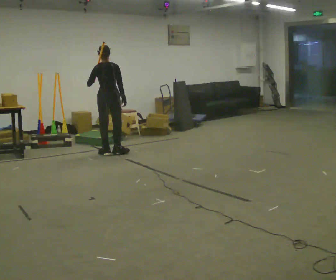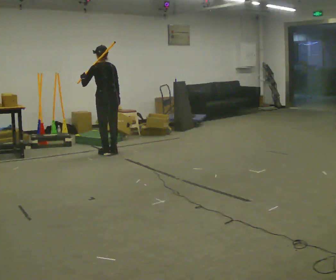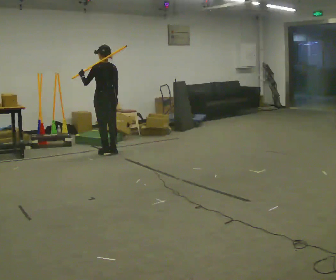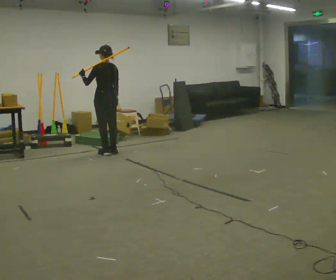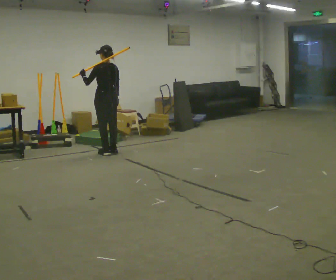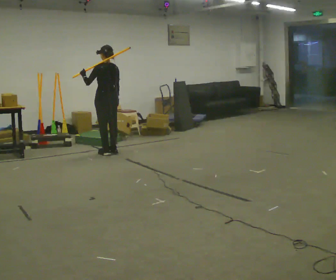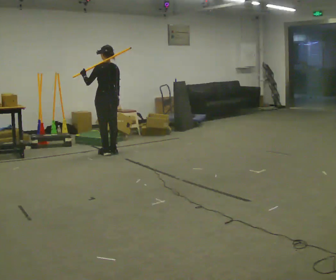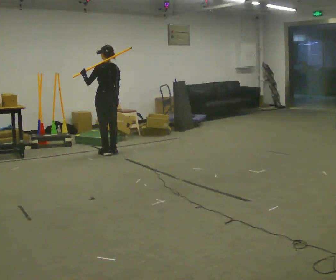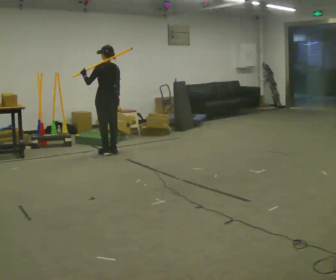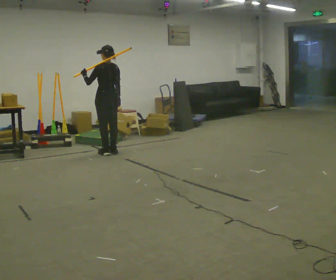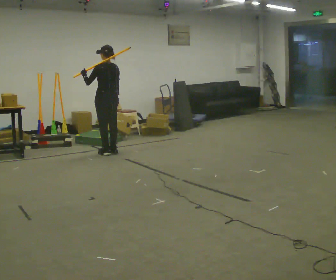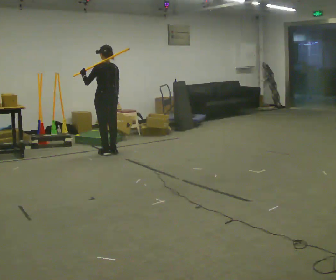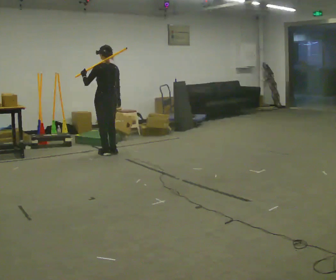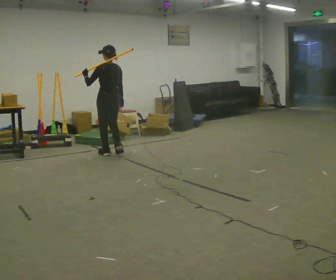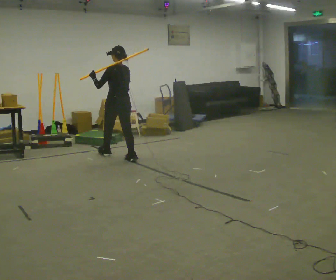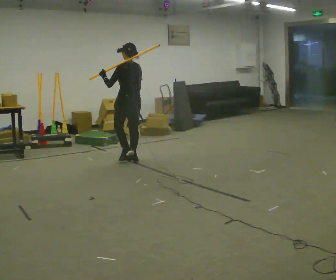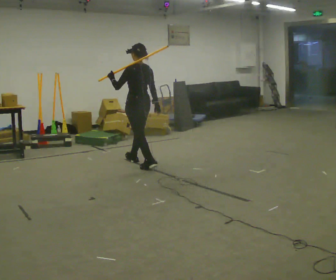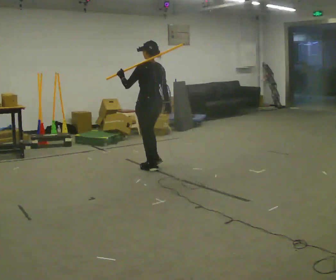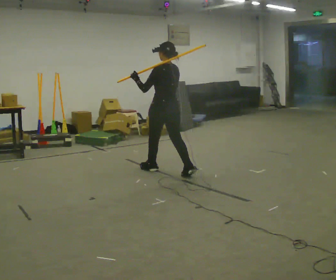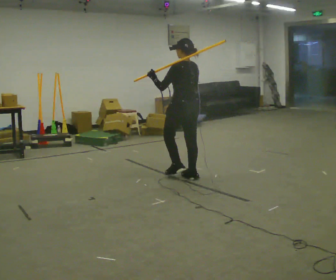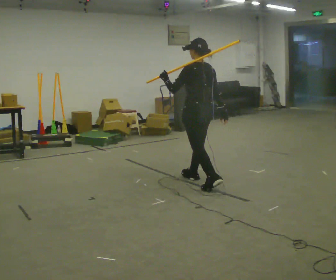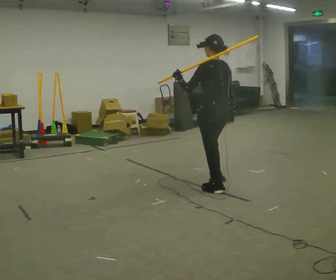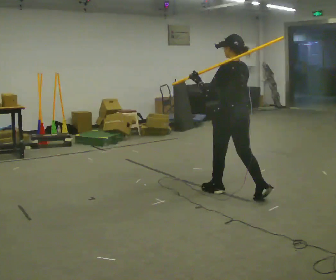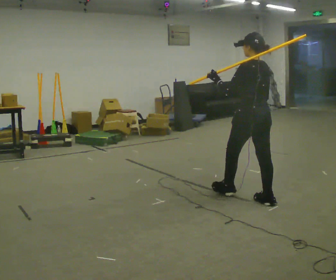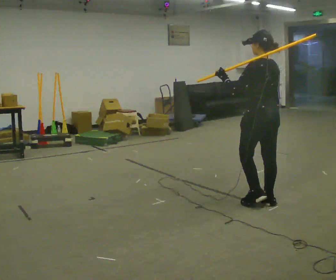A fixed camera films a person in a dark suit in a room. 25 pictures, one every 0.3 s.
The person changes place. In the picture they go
toward the camera.
0.0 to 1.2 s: Seen from above the body turns counterclockwise, about 45 degrees: to their left, with its near side sliding to the right.
1.2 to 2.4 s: The person keeps their place and pose.
2.4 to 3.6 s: The person moves a little, or ends about where they began.
3.6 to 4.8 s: In the picture they go toward the camera and to the right, about 1 m in 2 steps, which for them is backward.
4.8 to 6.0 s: In the picture they go toward the camera and to the right, about 1 m in 2 steps, which for them is backward.
6.0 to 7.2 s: In the picture they go toward the camera and to the right, about 1 m in 2 steps, which for them is backward.
The film runs backward here.
